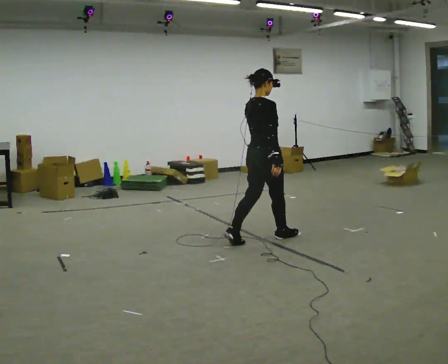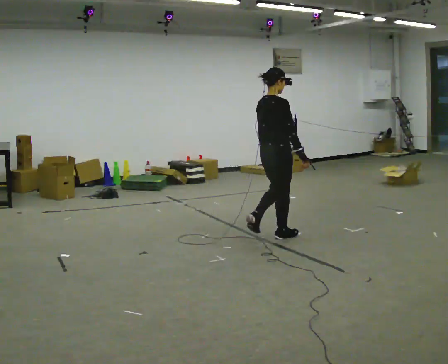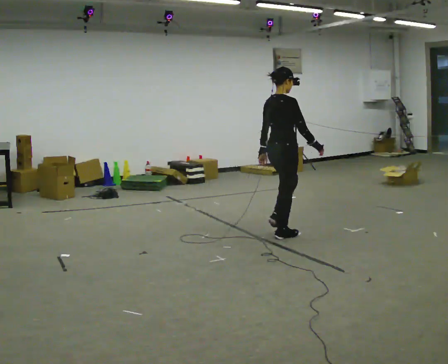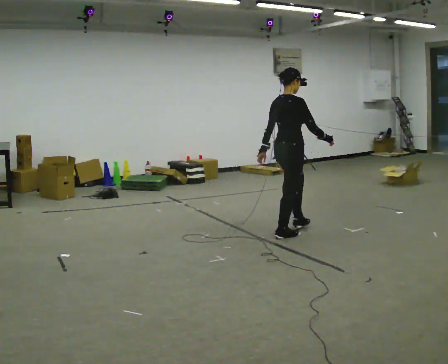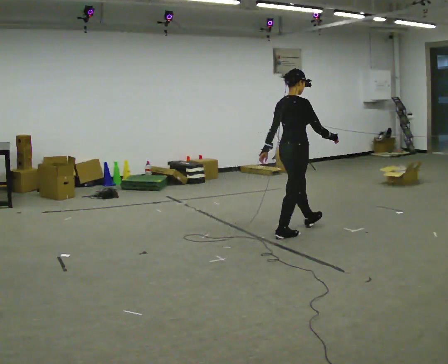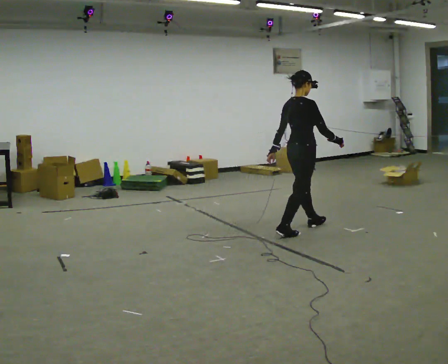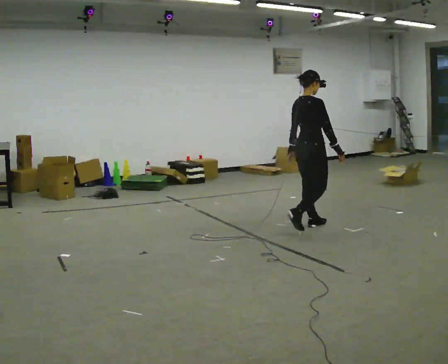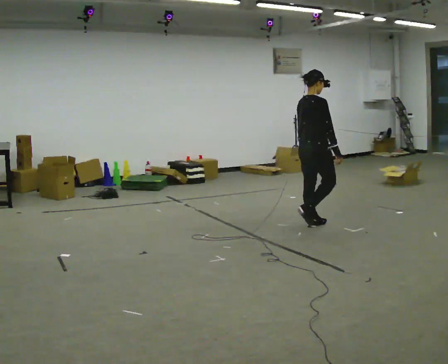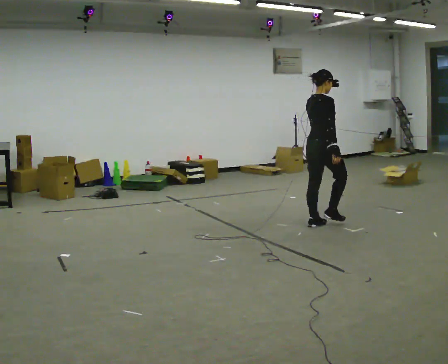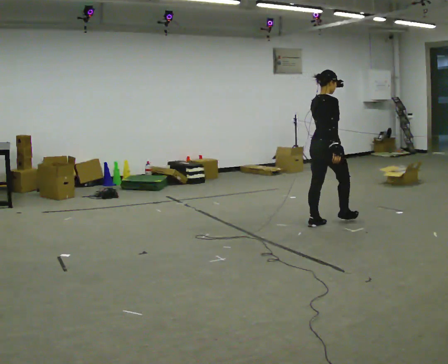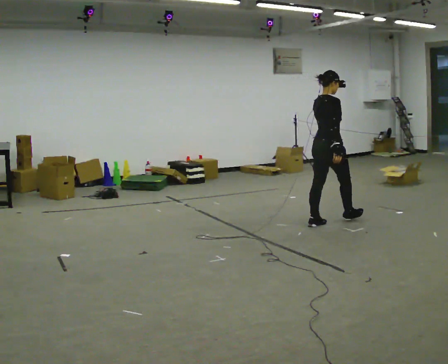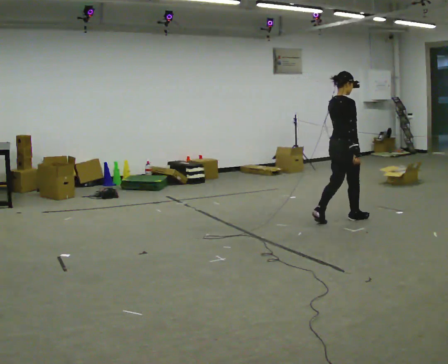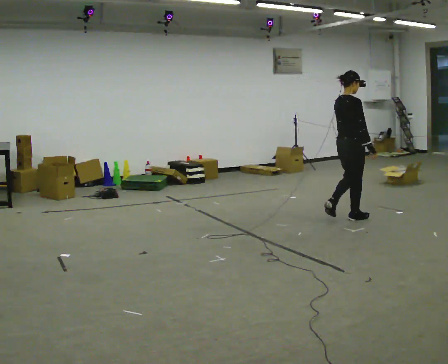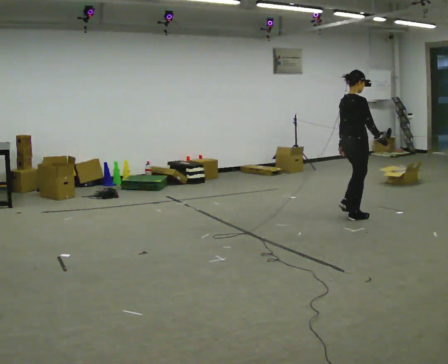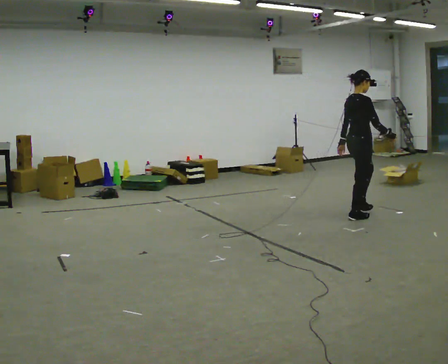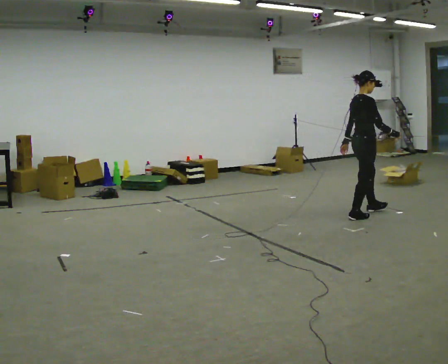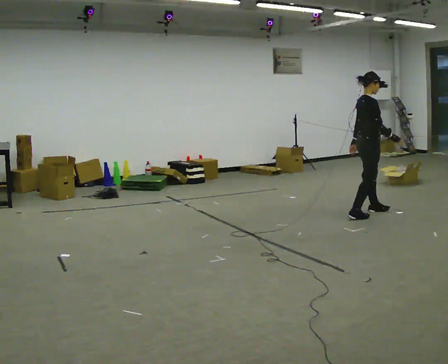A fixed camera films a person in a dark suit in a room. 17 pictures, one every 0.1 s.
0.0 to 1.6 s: The person turns about 45 degrees to their right, clockwise seen from above, so the part of the body nearest the lens slides to the left. In the picture they go to the right and away from the camera, about 1.5 m in 3 steps, which for them is forward.
The film runs forward here.
